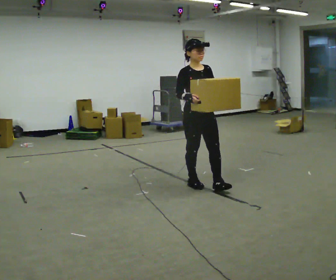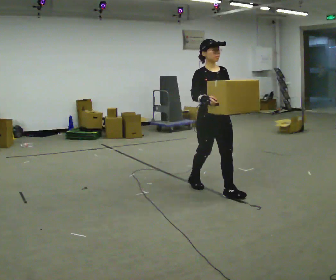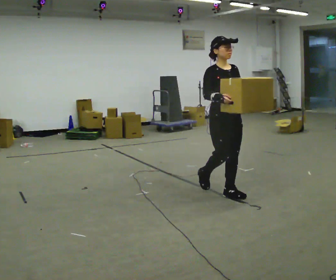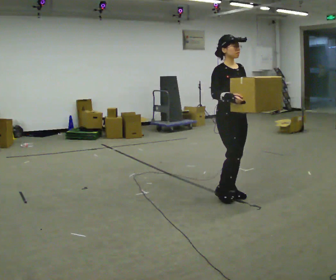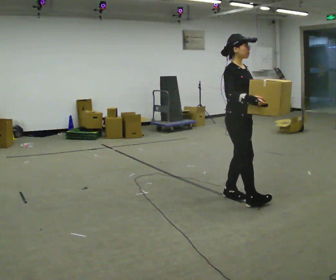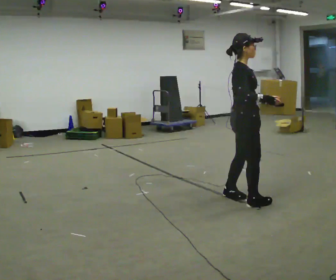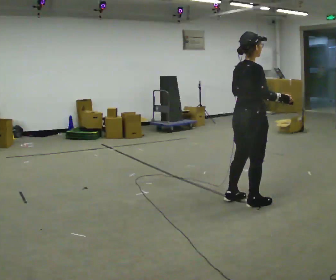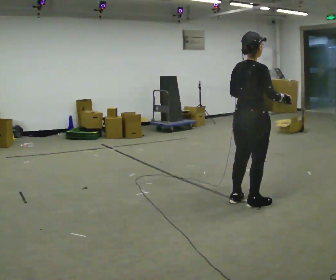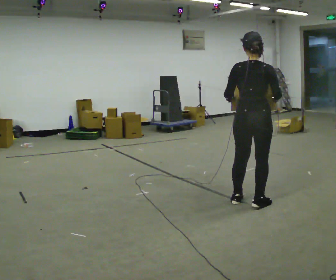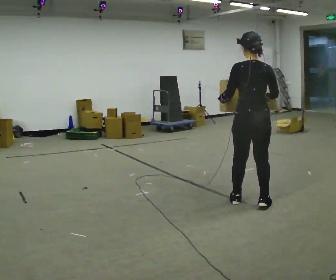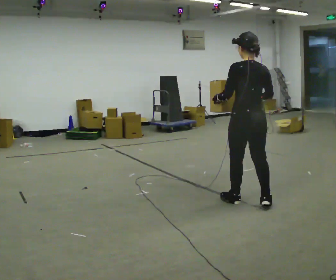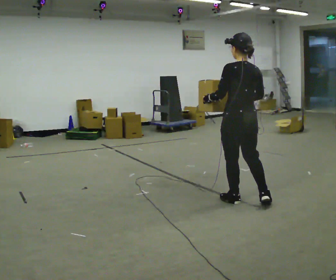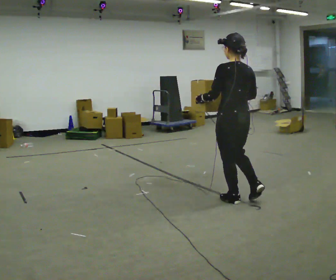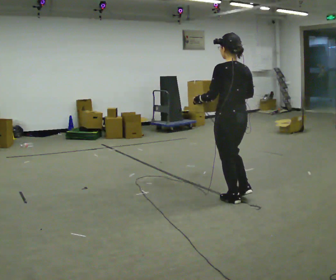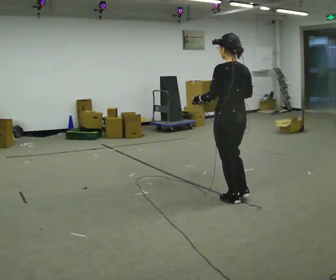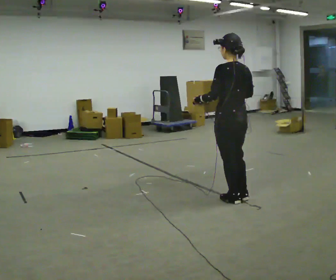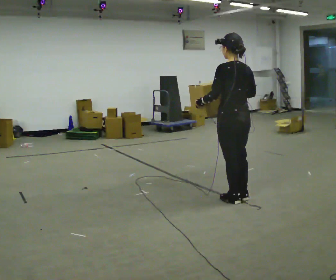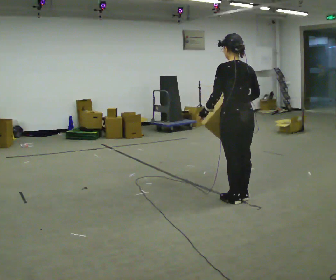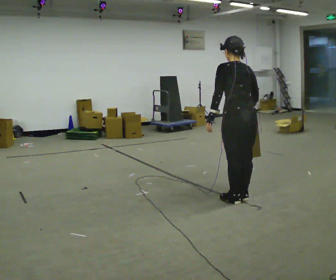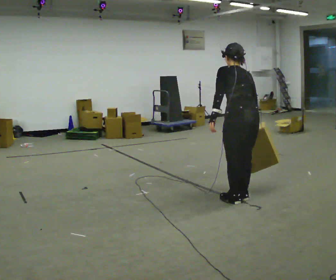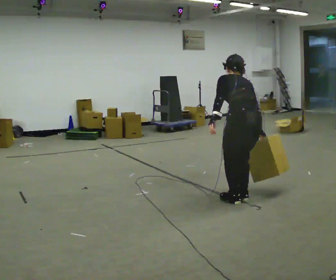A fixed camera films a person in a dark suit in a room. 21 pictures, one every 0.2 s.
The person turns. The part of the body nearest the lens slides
to the right.
The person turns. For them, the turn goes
to their left.
0.0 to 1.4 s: The person turns about 120 degrees to their left, counterclockwise seen from above, so the part of the body nearest the lens slides to the right. In the picture they go to the right and toward the camera, about 0.5 m in 3 steps.
1.4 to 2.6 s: Seen from above the body turns counterclockwise, about 60 degrees: to their left, with its near side sliding to the right. In the picture they go to the left, about 0.25 m, which for them is forward and to their left. In the picture their right hand goes to the left.
2.6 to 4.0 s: The upper body goes downward. The upper body tips away from the camera, its near side rolling upward, as they bend forward.
The film runs forward here.
